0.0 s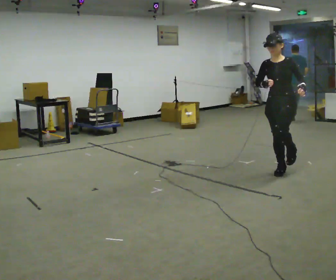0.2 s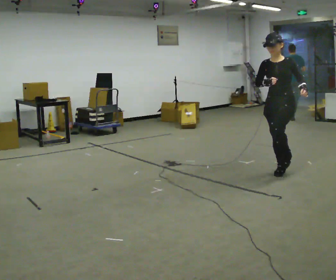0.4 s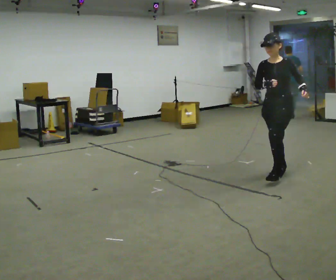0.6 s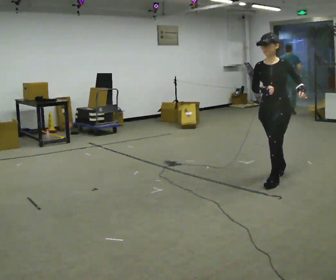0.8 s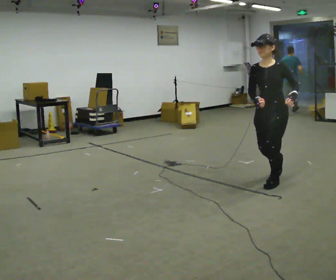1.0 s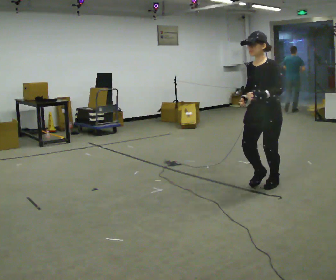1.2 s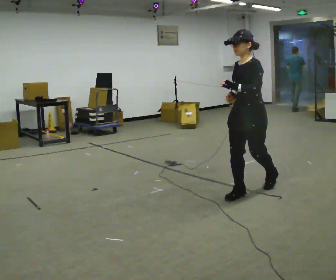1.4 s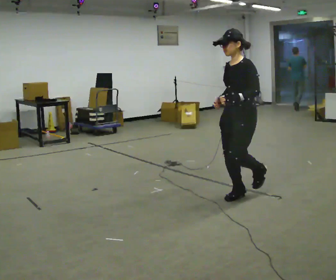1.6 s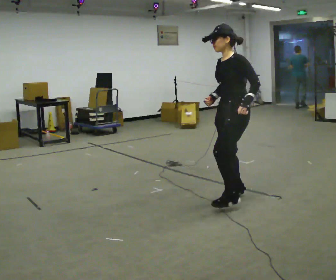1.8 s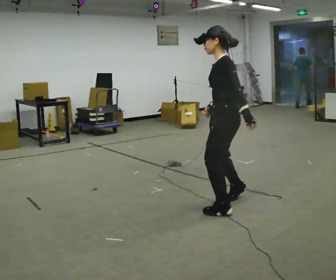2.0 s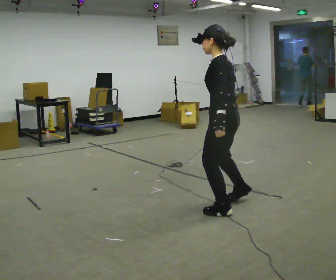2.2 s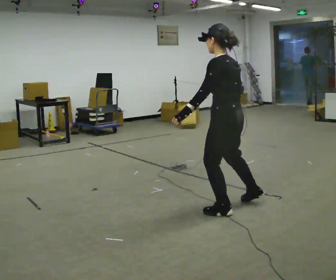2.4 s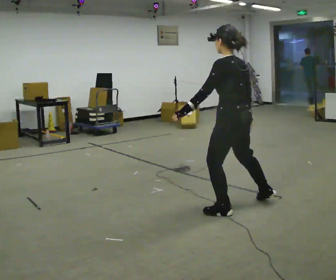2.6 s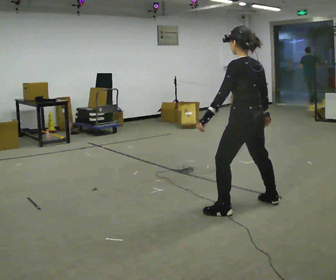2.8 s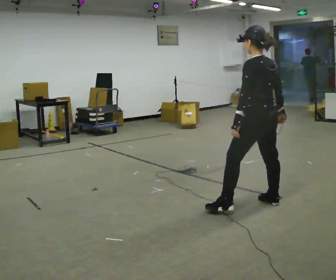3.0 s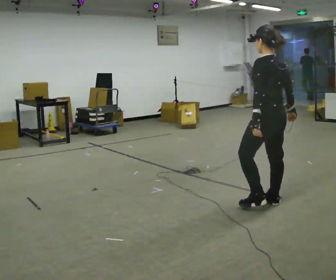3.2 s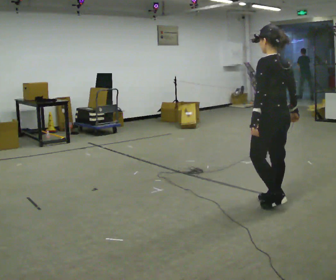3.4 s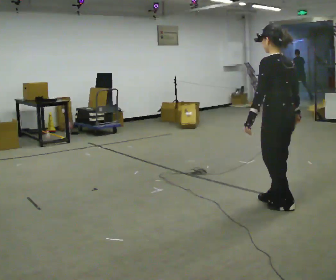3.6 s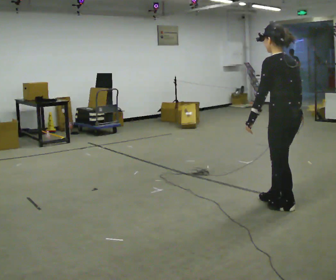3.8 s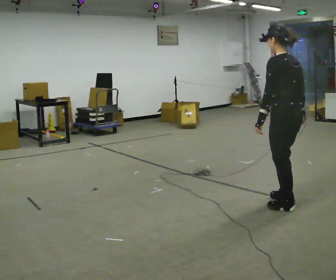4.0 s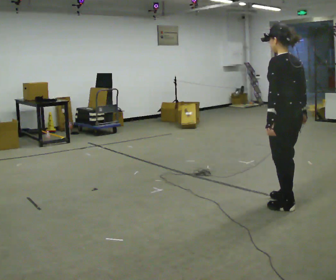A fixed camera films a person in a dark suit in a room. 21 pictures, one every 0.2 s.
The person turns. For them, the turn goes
to their right.
The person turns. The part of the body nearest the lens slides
to the left.
0.0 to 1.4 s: The person turns about 30 degrees to their right, clockwise seen from above, so the part of the body nearest the lens slides to the left. In the picture they go toward the camera and to the left, about 1 m in 2 steps, which for them is forward.
1.4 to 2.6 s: Seen from above the body turns clockwise, about 75 degrees: to their right, with its near side sliding to the left. In the picture they go toward the camera, about 0.25 m in 2 steps.
2.6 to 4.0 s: In the picture they go to the right, about 0.25 m in 1 step, which for them is to their right and backward.
The film runs forward here.
